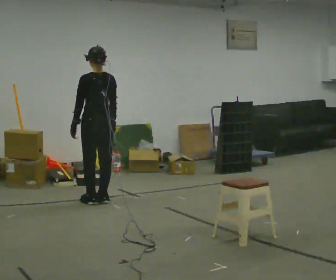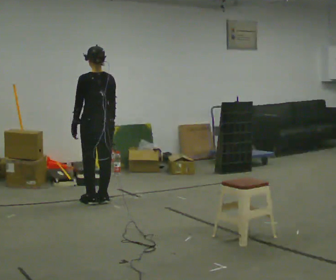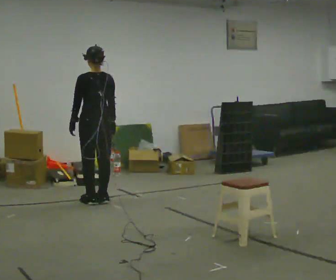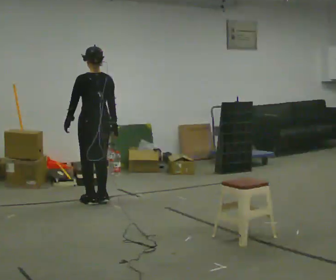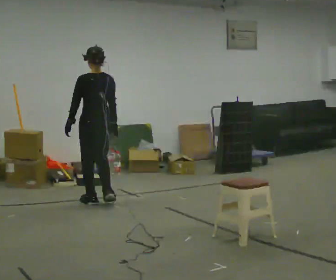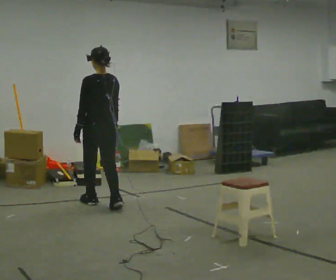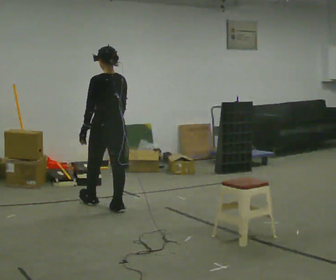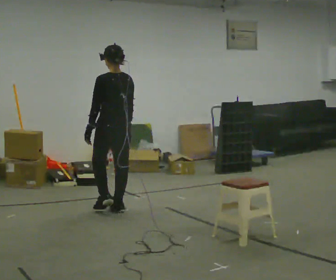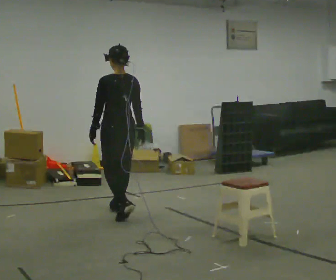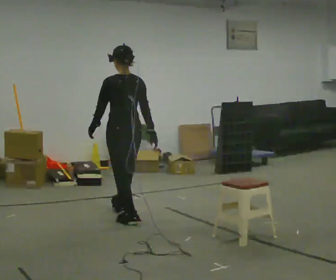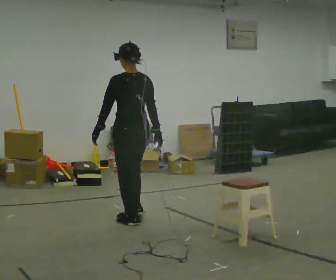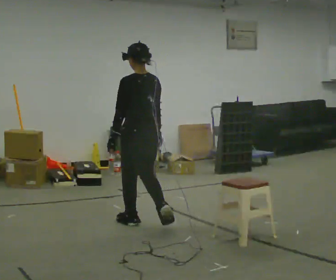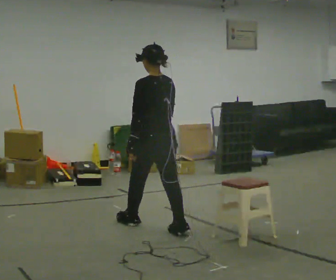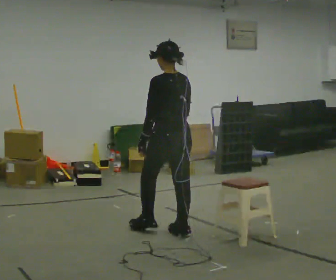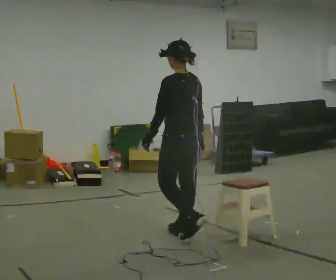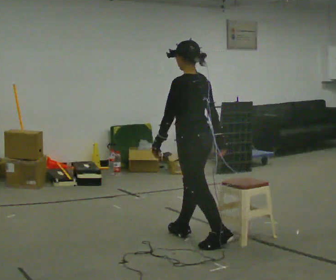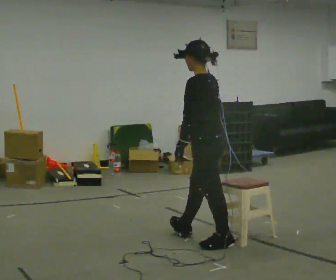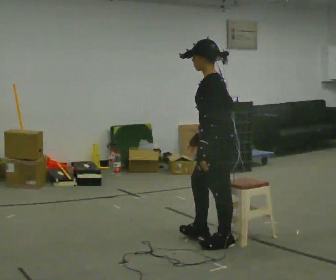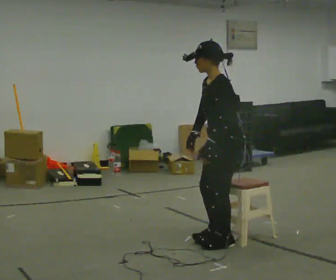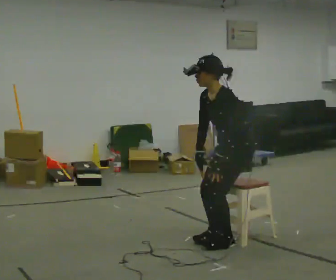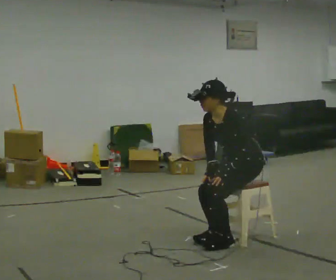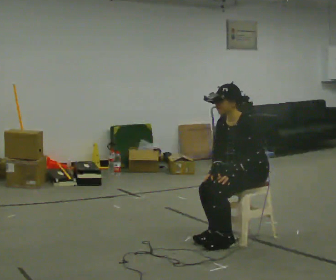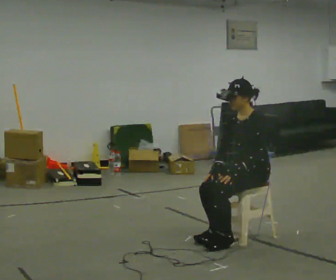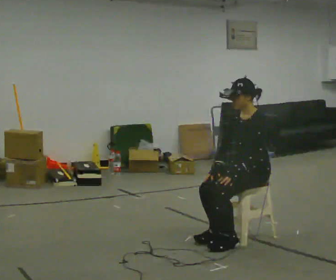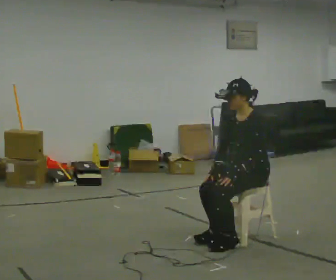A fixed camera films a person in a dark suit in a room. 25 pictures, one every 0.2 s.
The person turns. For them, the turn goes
to their left.
The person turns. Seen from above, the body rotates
counterclockwise.
0.0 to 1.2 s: In the picture they go toward the camera, about 0.25 m in 2 steps, which for them is backward.
1.2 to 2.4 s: In the picture they go toward the camera and to the right, about 1 m in 1 step, which for them is backward.
2.4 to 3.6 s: The part of the body nearest the lens slides to the right as the person turns to their left by about 60 degrees. In the picture they go to the right and toward the camera, about 0.75 m in 2 steps.
3.6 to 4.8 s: The person turns about 30 degrees to their left, counterclockwise seen from above, so the part of the body nearest the lens slides to the right. In the picture they go to the right, about 0.25 m, which for them is backward. The shoulders move downward.
The film runs backward here.
